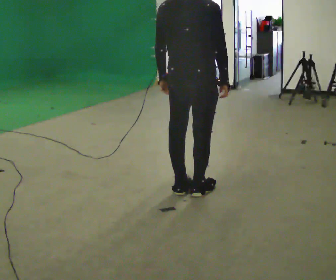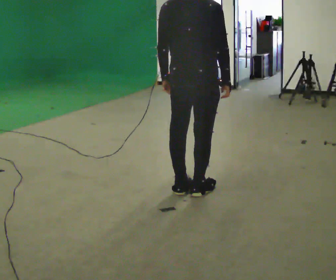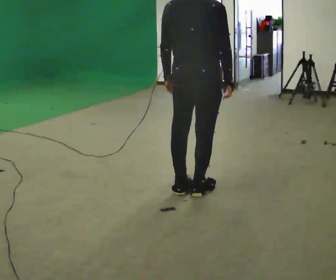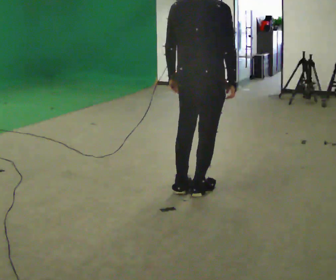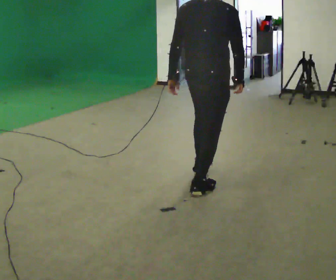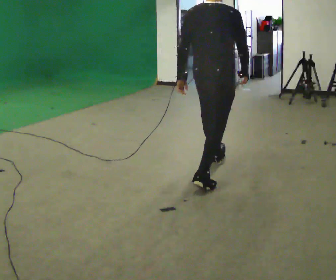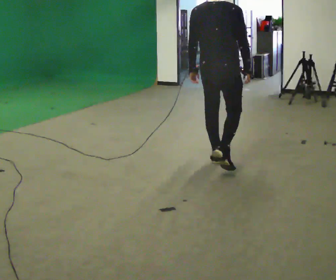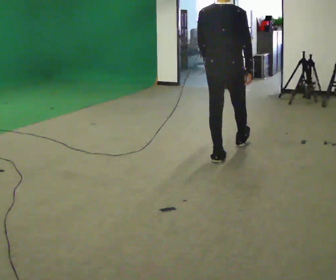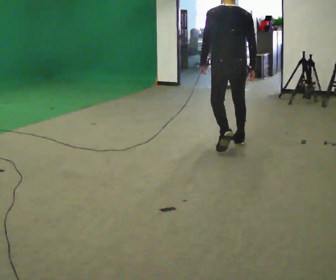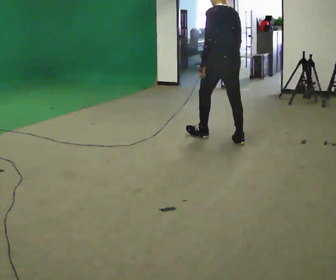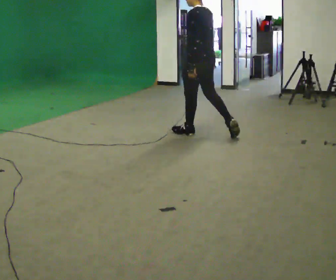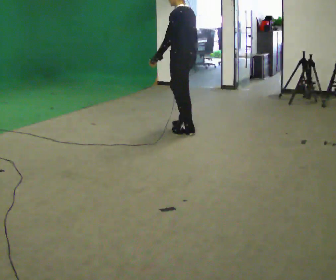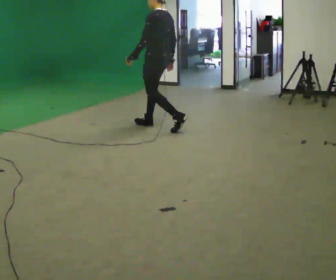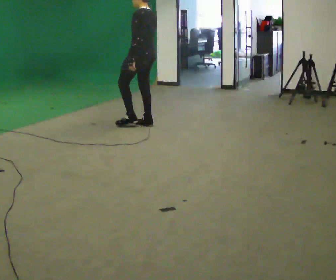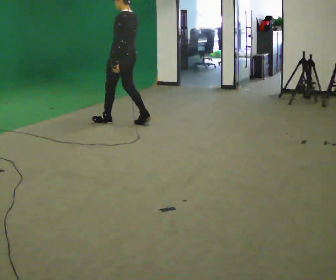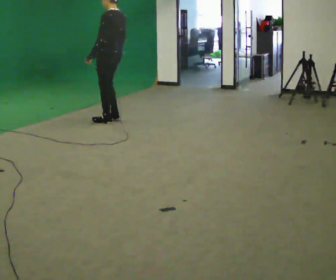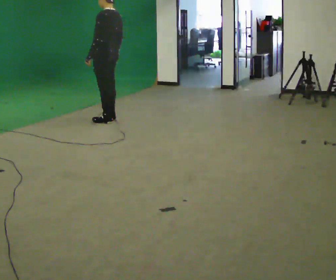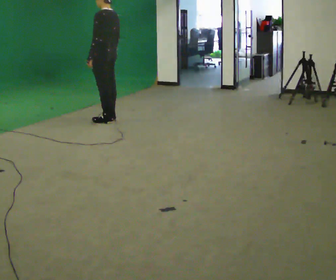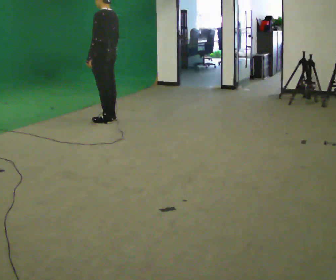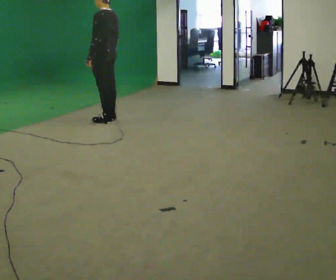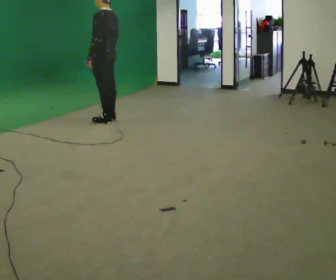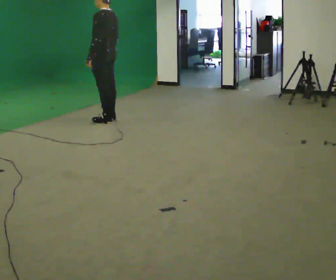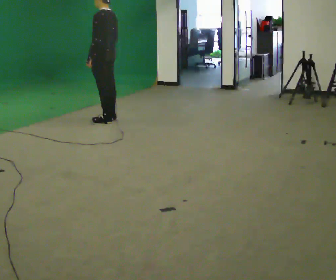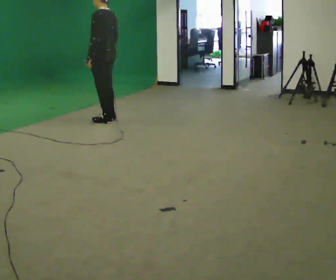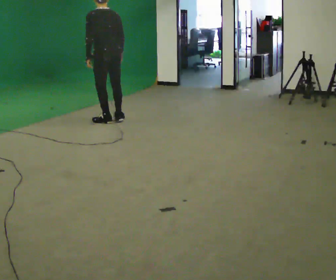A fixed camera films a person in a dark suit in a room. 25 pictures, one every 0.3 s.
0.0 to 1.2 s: The person moves a little, or ends about where they began.
1.2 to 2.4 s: The person turns about 30 degrees to their left, counterclockwise seen from above, so the part of the body nearest the lens slides to the right. In the picture they go away from the camera, about 1 m in 2 steps, which for them is forward.
2.4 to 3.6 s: Seen from above the body turns counterclockwise, about 60 degrees: to their left, with its near side sliding to the right. In the picture they go away from the camera and to the left, about 1 m in 2 steps.
3.6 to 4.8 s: In the picture they go to the left and away from the camera, about 1 m in 2 steps, which for them is forward.
4.8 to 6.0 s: The person moves a little, or ends about where they began.
6.0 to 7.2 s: Seen from above the body turns clockwise, about 30 degrees: to their right, with its near side sliding to the left.
The film runs forward here.
